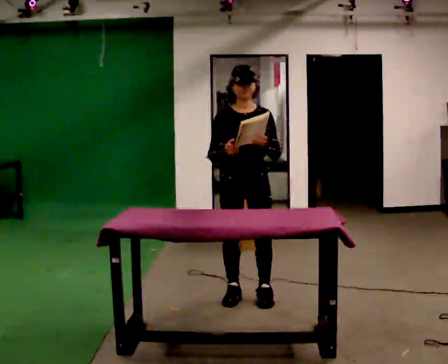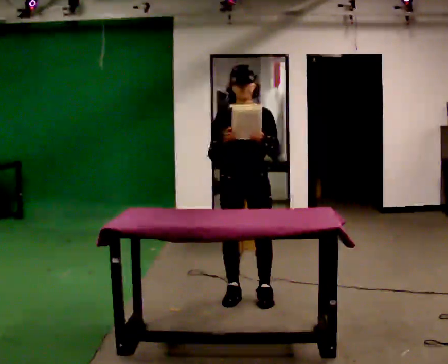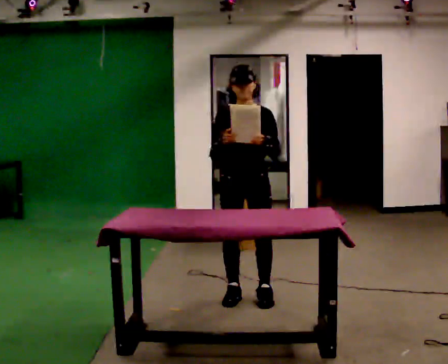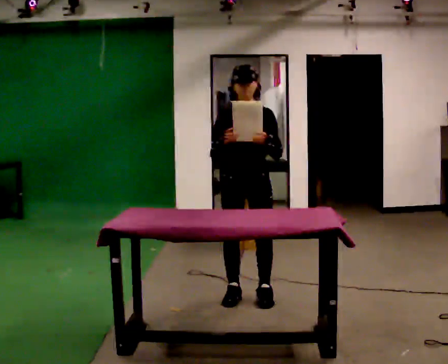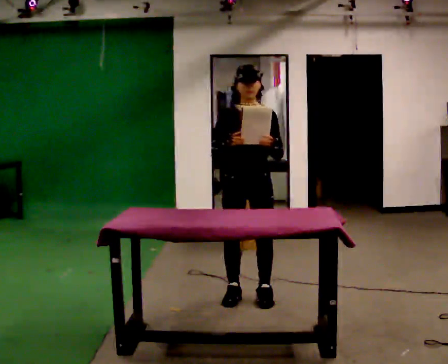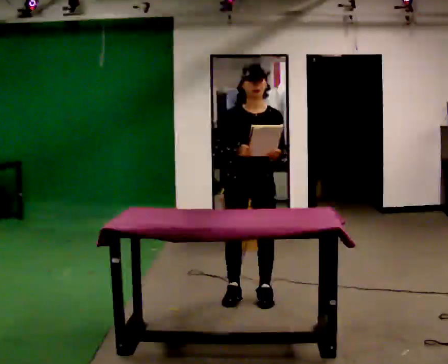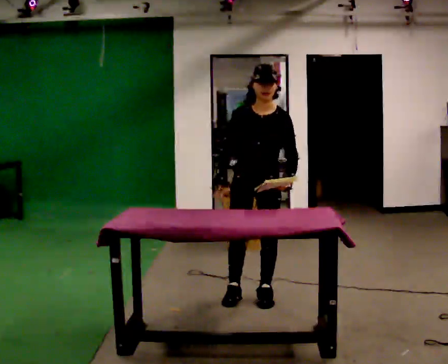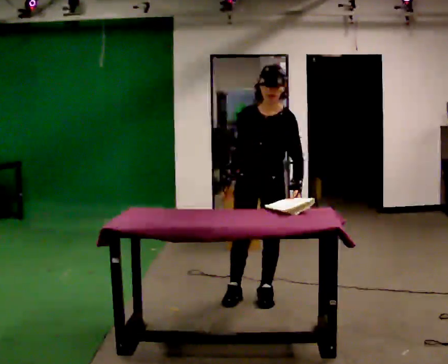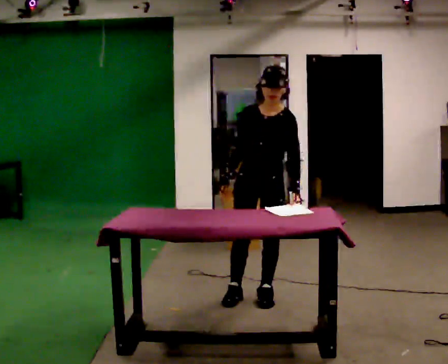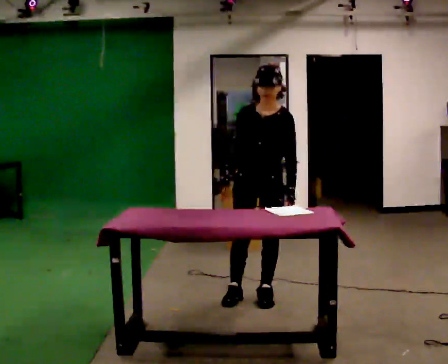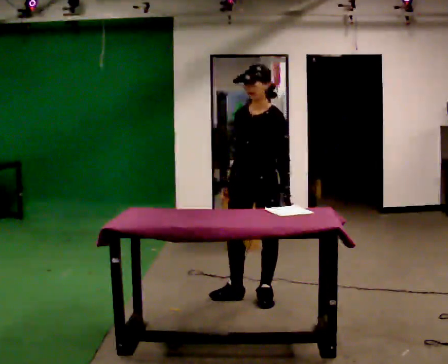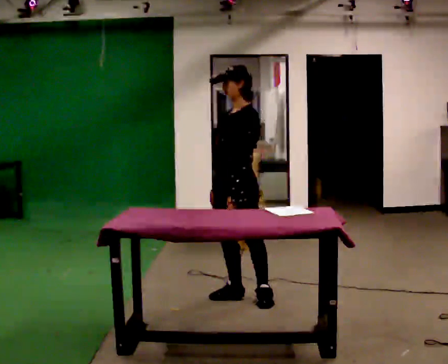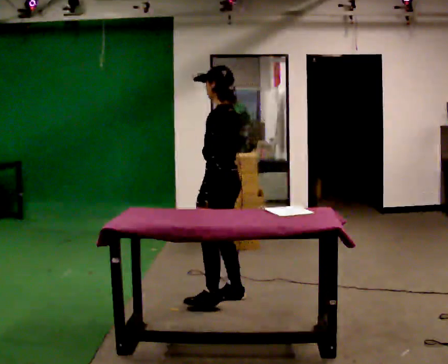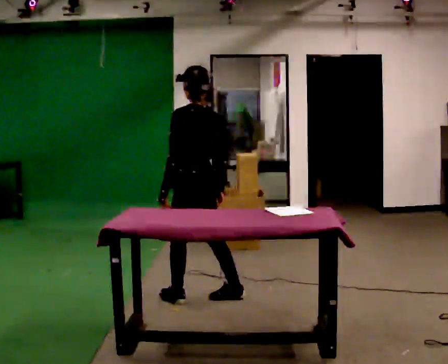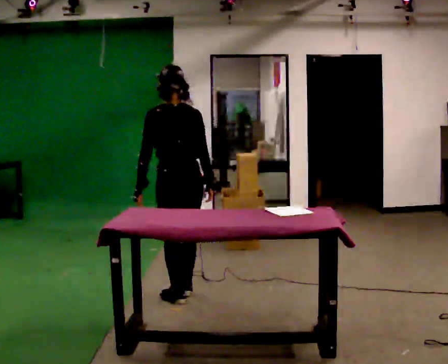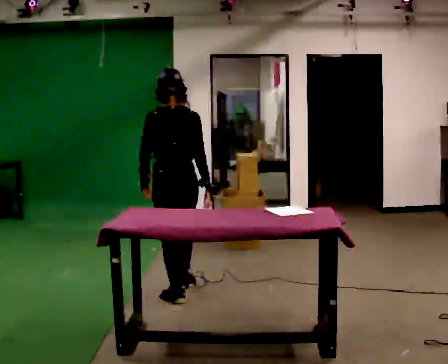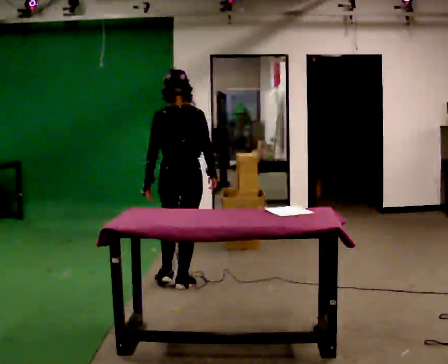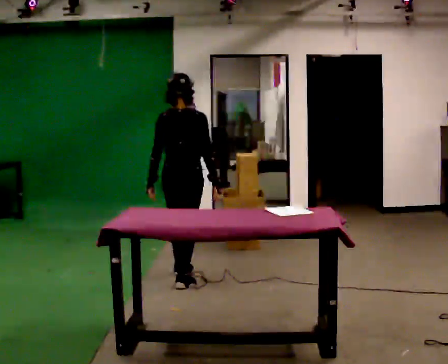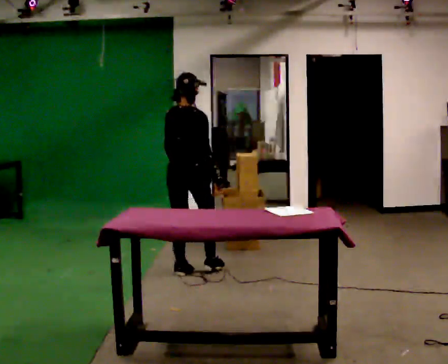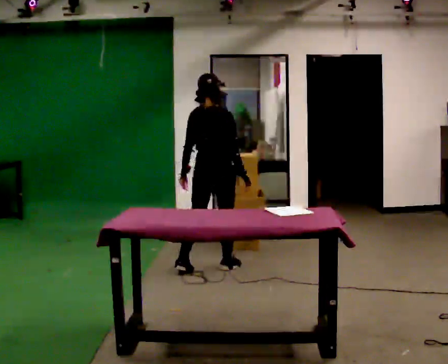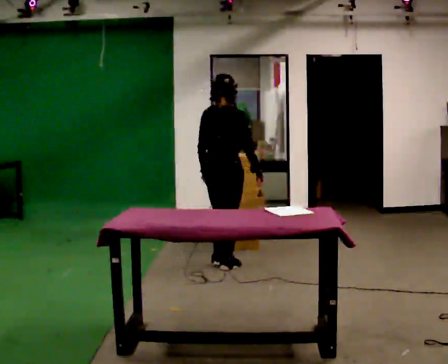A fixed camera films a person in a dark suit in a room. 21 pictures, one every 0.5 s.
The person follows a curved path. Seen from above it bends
clockwise.
The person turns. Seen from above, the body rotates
clockwise.
0.0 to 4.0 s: The person moves a little, or ends about where they began.
4.0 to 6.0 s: The person turns about 75 degrees to their right, clockwise seen from above, so the part of the body nearest the lens slides to the left. In the picture they go to the left, about 0.25 m.
6.0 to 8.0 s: The person turns about 75 degrees to their right, clockwise seen from above, so the part of the body nearest the lens slides to the left. In the picture they go to the left and away from the camera, about 0.5 m in 2 steps.
8.0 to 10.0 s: The person turns about 30 degrees to their right, clockwise seen from above, so the part of the body nearest the lens slides to the left. In the picture they go away from the camera, about 0.75 m in 2 steps, which for them is forward.
The film runs forward here.
